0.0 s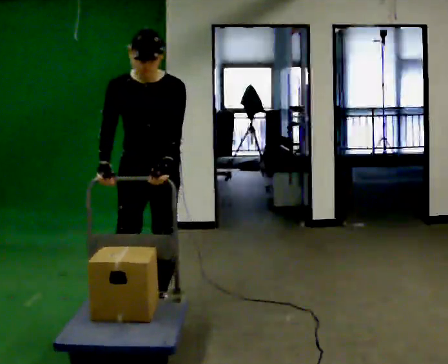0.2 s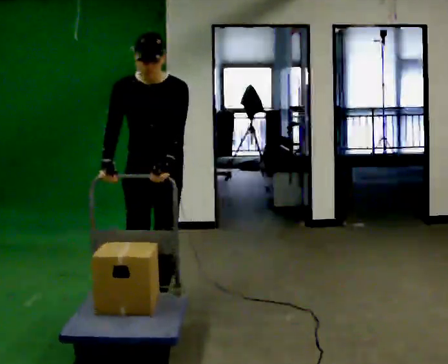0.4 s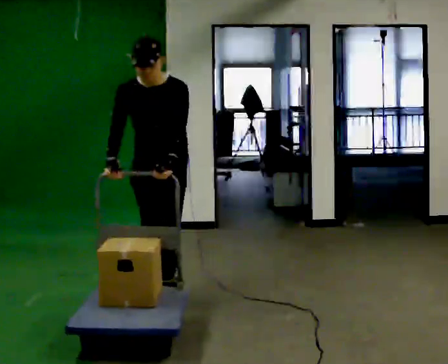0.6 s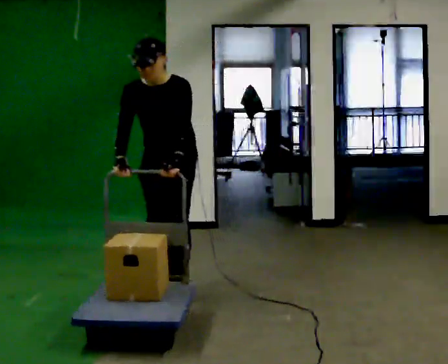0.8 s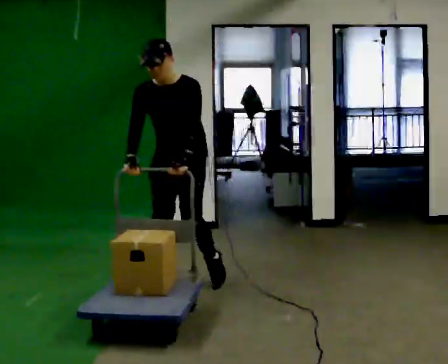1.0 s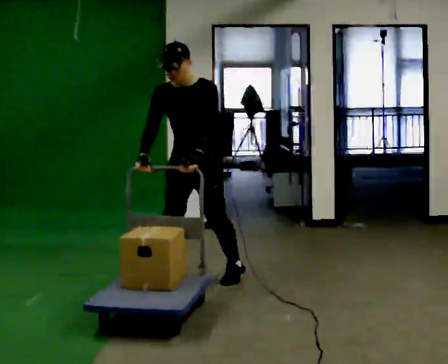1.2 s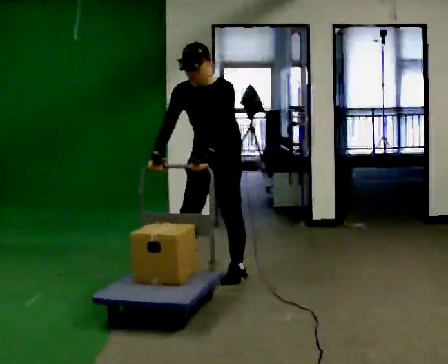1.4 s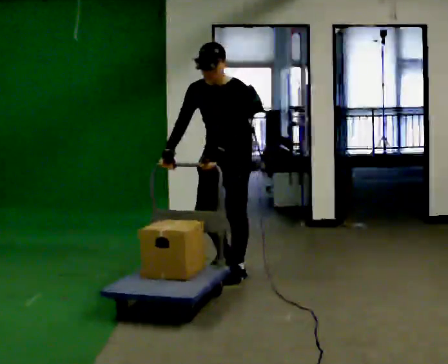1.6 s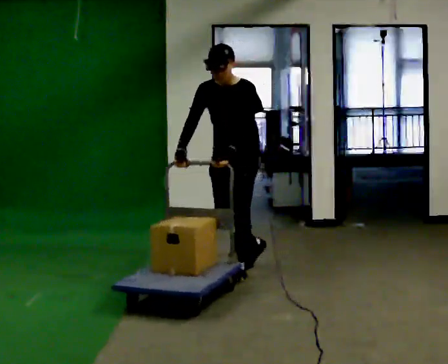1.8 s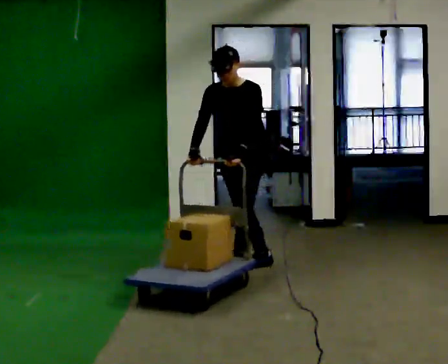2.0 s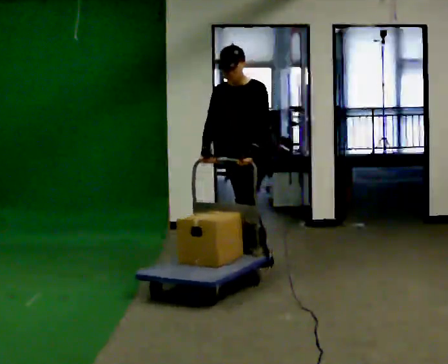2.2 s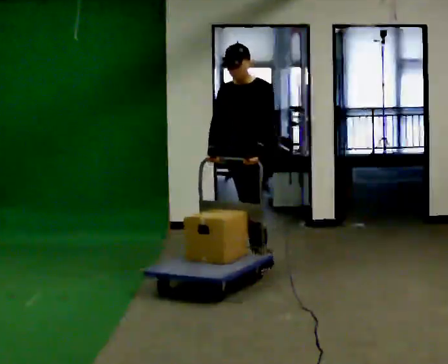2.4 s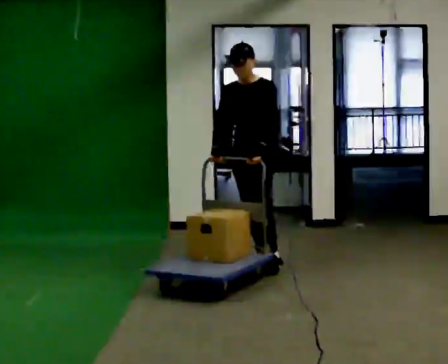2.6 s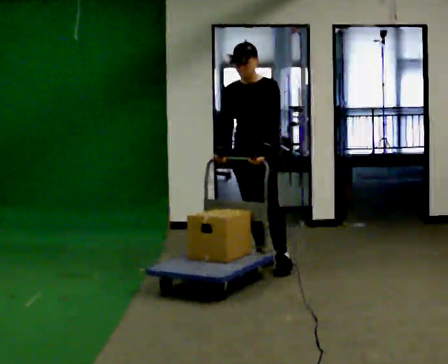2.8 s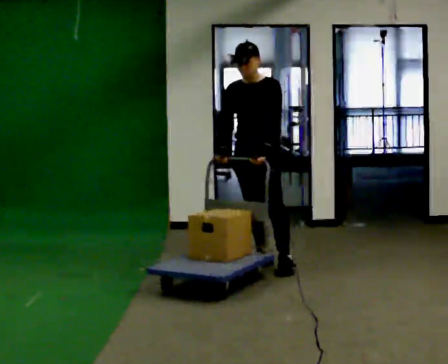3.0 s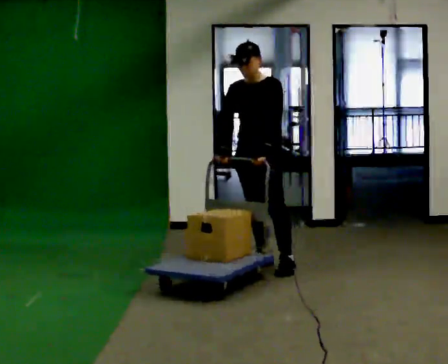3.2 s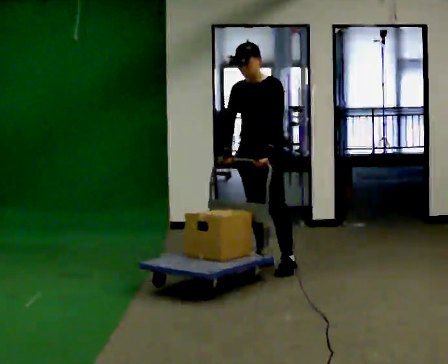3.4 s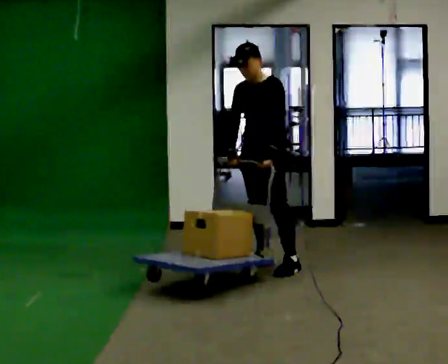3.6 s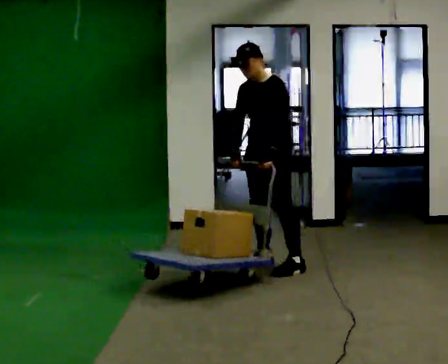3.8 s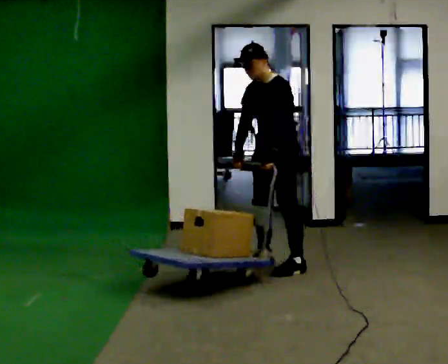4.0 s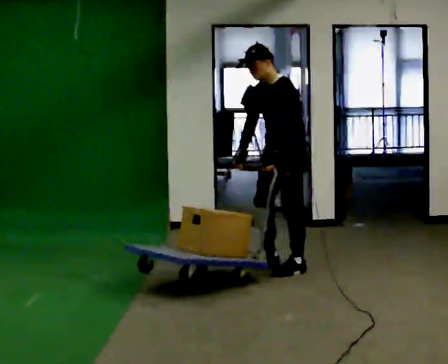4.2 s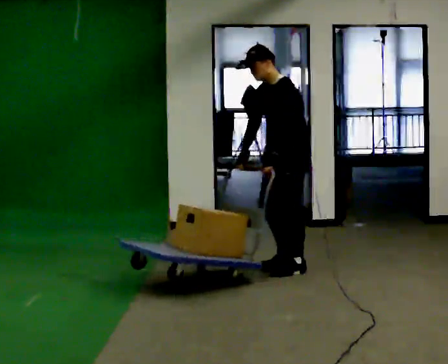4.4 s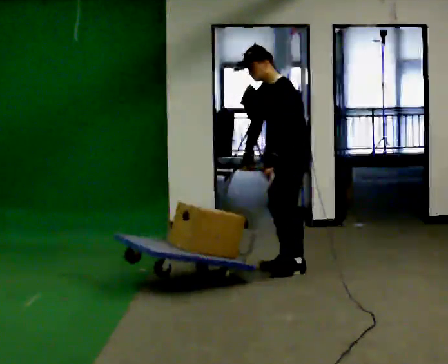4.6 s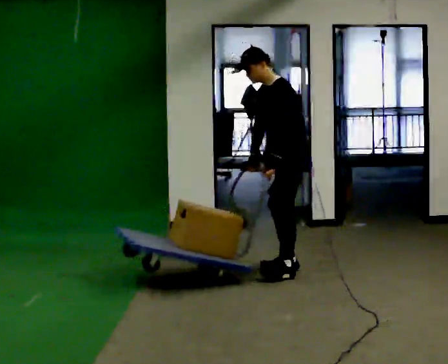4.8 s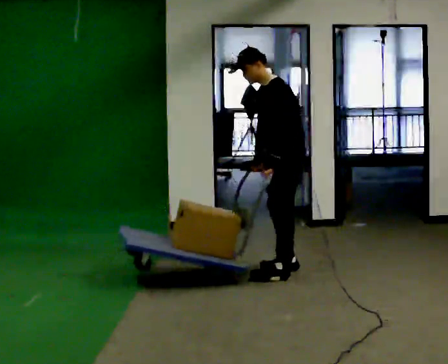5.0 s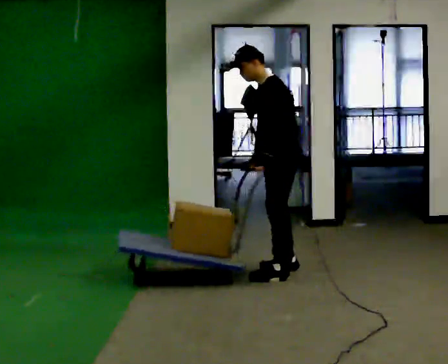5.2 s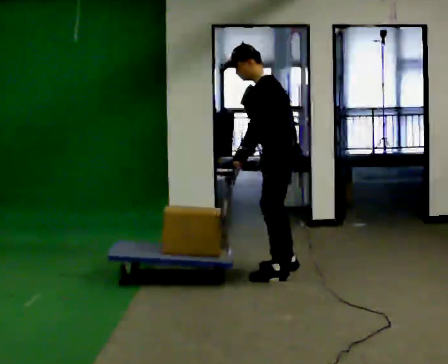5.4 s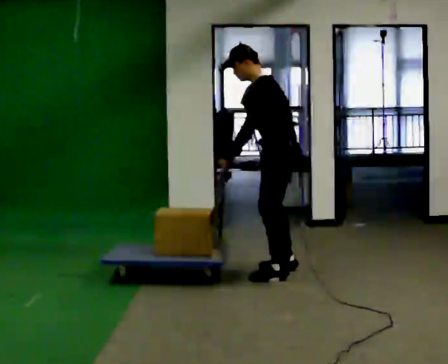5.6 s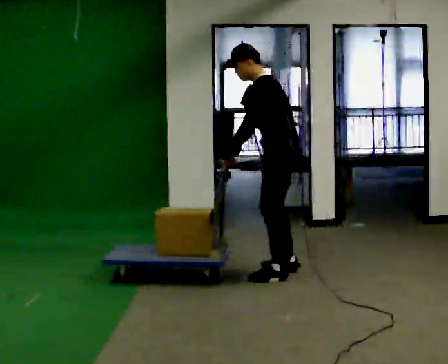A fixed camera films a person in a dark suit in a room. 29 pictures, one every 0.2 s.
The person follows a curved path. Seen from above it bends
clockwise.
The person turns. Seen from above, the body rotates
clockwise.
0.0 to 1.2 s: In the picture they go away from the camera and to the right, about 1 m in 2 steps, which for them is backward.
1.2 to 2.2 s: In the picture they go away from the camera and to the right, about 0.5 m in 1 step, which for them is backward.
2.2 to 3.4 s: The person moves a little, or ends about where they began.
3.4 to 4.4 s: Seen from above the body turns clockwise, about 30 degrees: to their right, with its near side sliding to the left. In the picture they go to the right, about 0.25 m in 1 step, which for them is to their left.
4.4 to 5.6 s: Seen from above the body turns clockwise, about 30 degrees: to their right, with its near side sliding to the left. In the picture they go toward the camera, about 0.25 m in 2 steps, which for them is to their left.
The film runs backward here.
